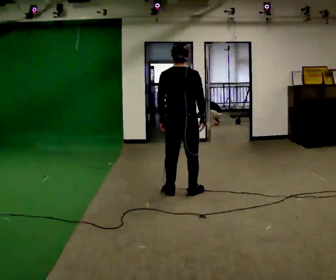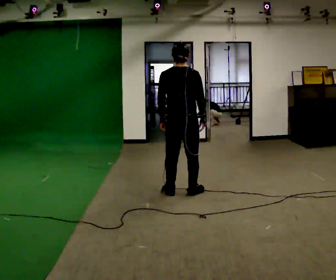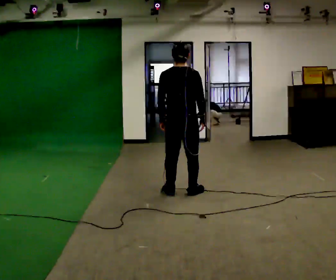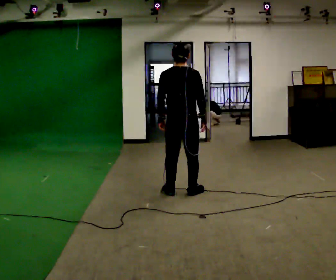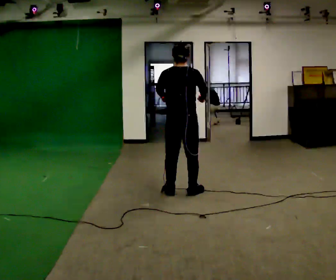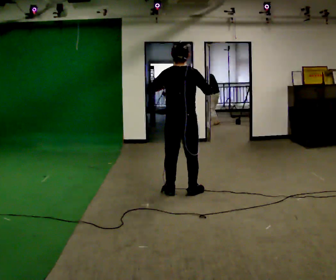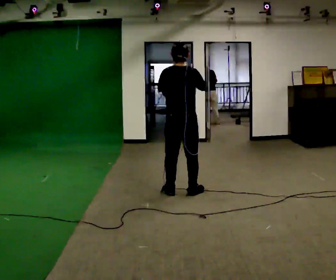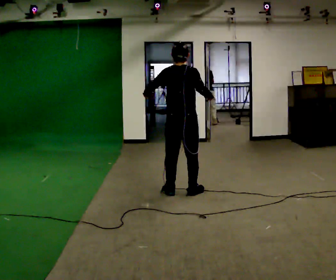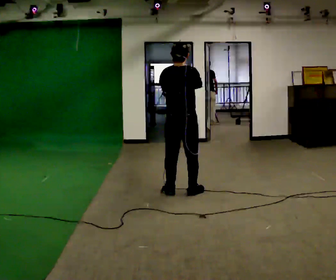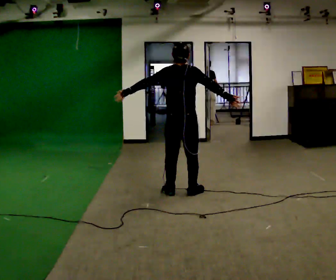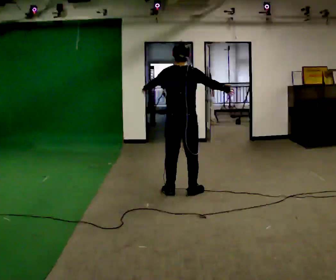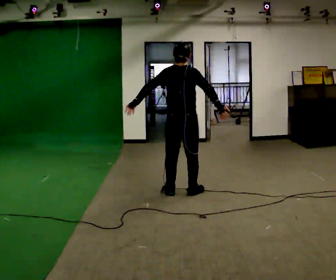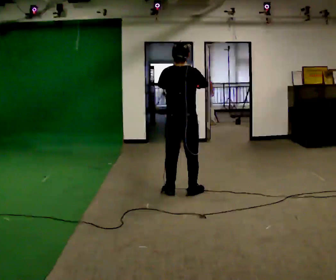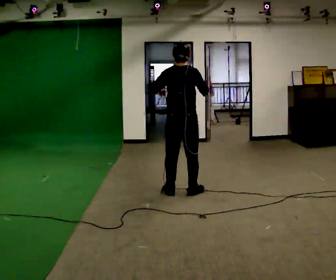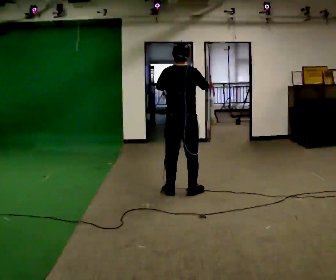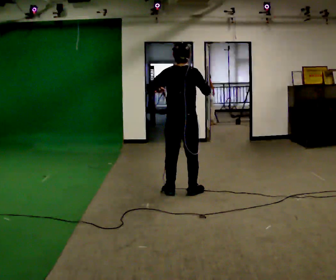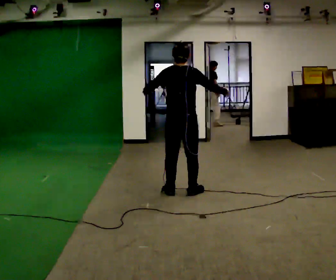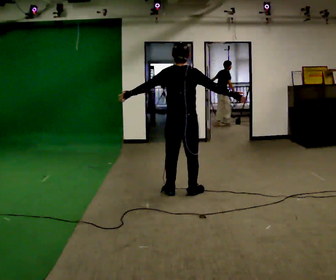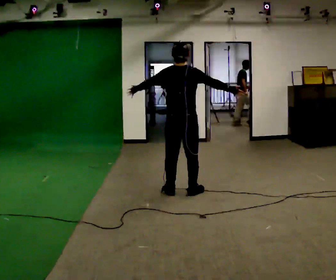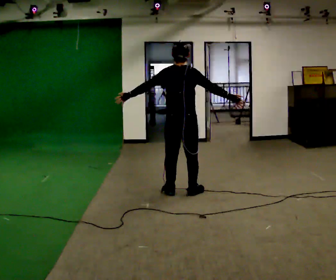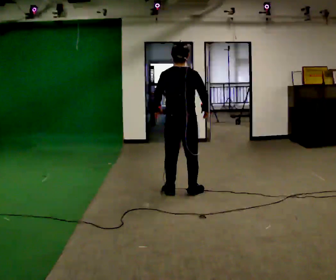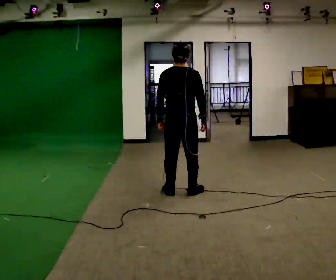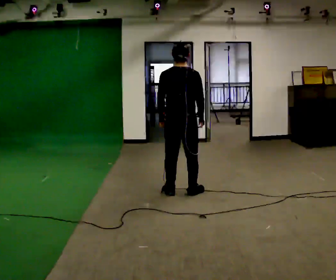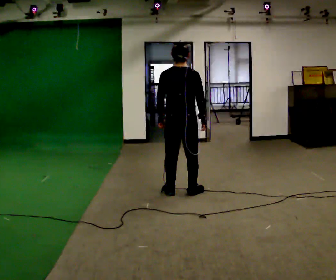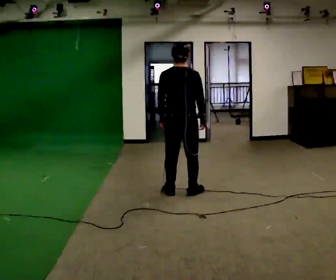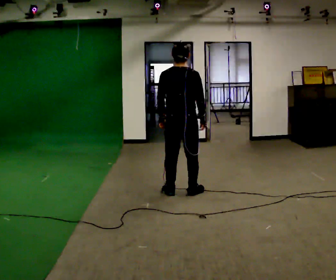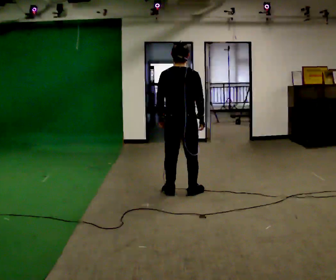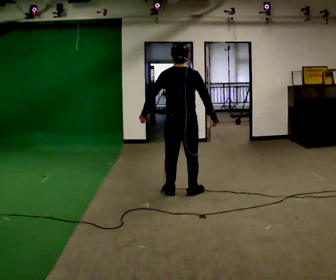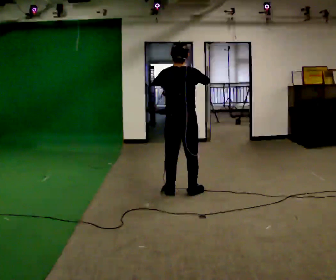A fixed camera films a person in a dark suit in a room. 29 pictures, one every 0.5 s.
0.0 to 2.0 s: In the picture their right hand goes upward.
2.0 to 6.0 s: The person moves a little, or ends about where they began.
6.0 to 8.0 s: In the picture their right hand goes to the right.
8.0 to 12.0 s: The person moves a little, or ends about where they began.
12.0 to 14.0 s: In the picture their right hand goes upward.
The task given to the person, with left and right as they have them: Dance freely at a fast tempo as if to upbeat music; keep moving continuously.
The film runs forward here.
